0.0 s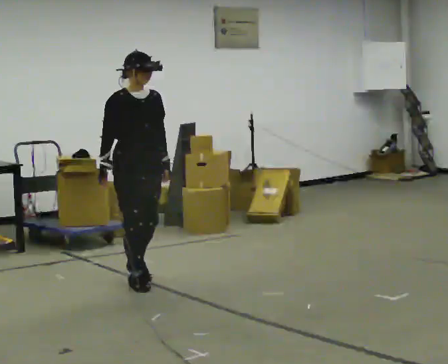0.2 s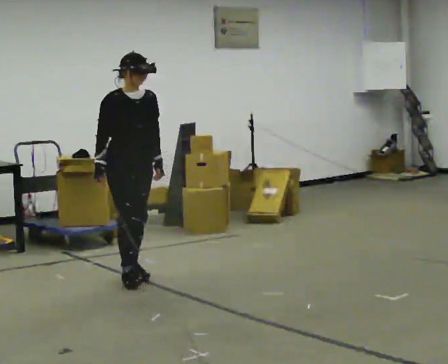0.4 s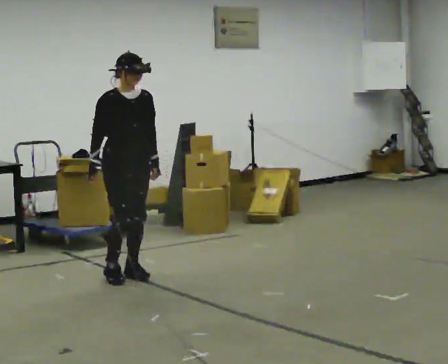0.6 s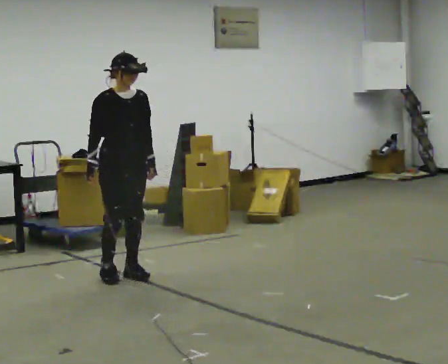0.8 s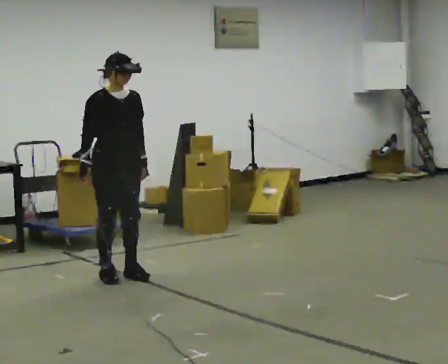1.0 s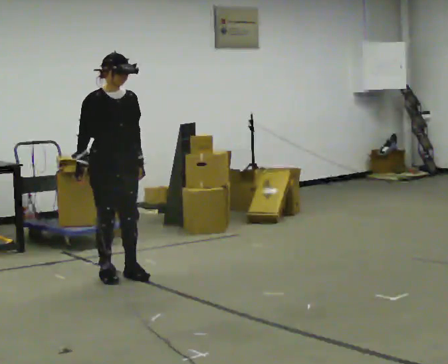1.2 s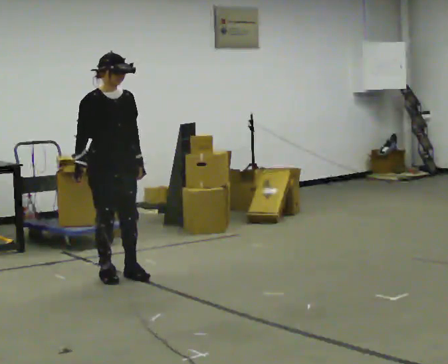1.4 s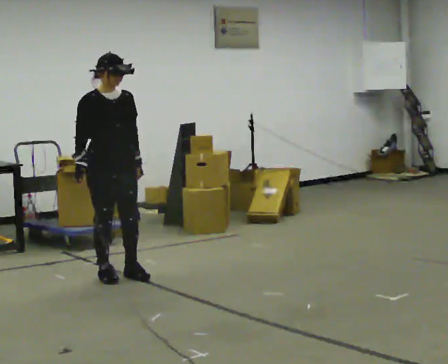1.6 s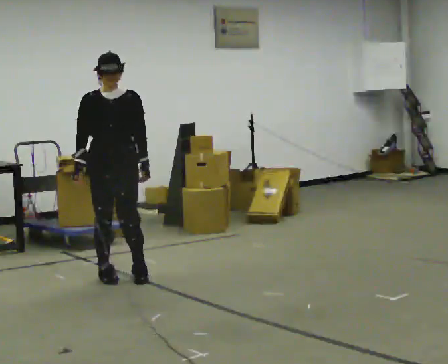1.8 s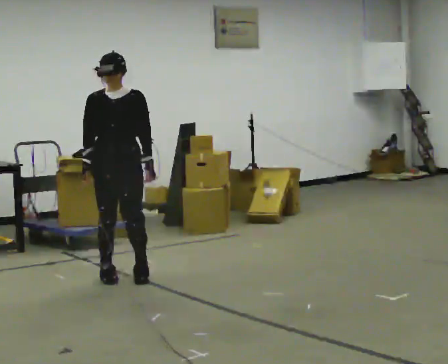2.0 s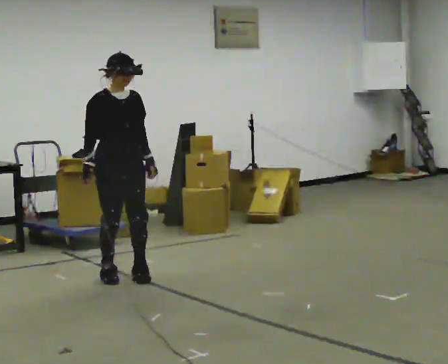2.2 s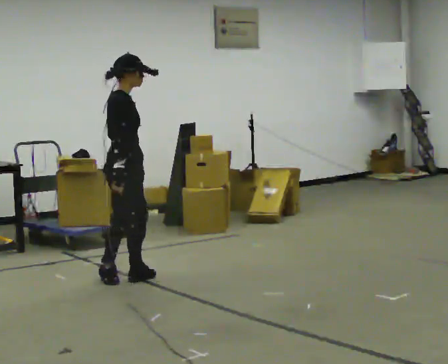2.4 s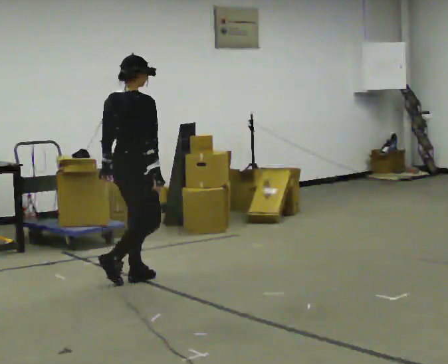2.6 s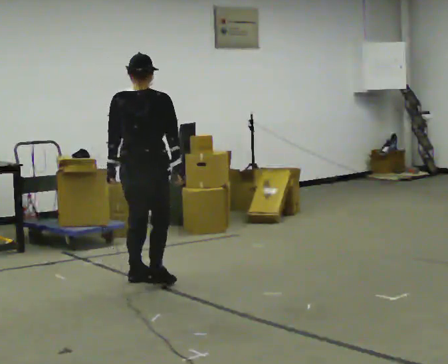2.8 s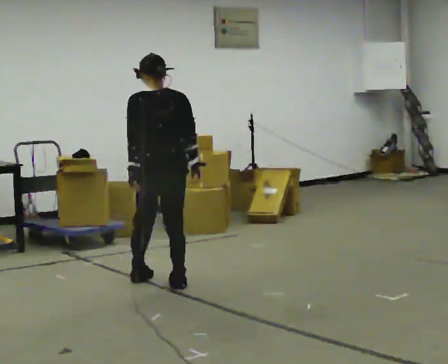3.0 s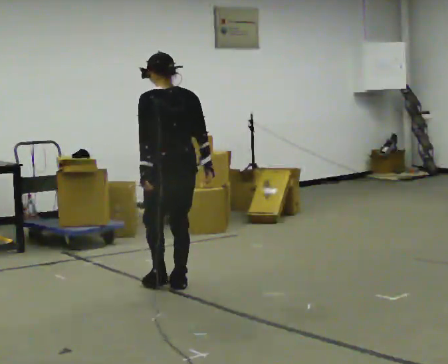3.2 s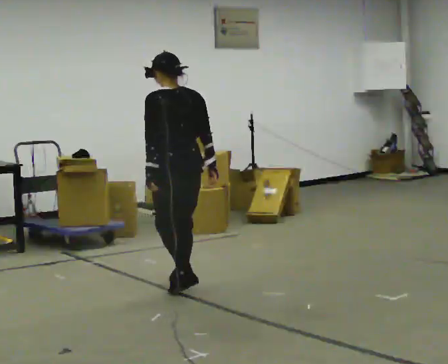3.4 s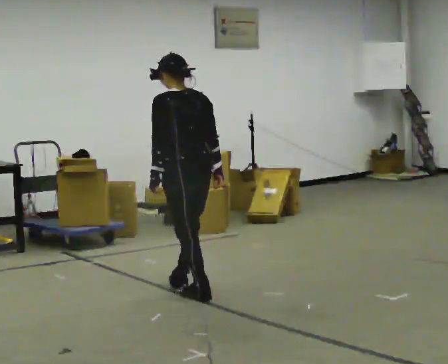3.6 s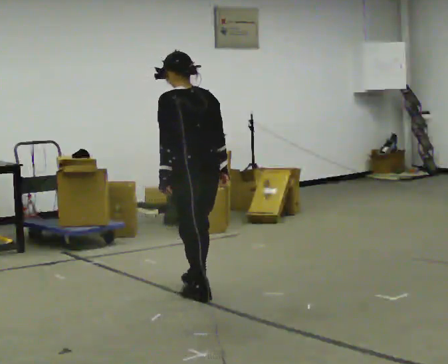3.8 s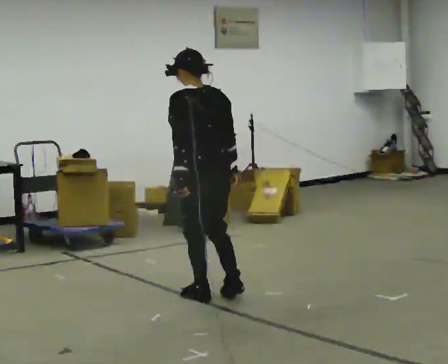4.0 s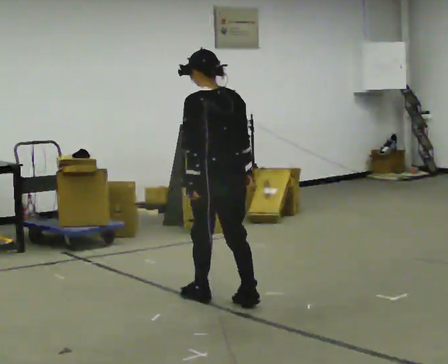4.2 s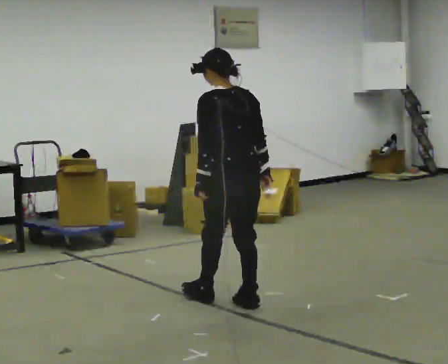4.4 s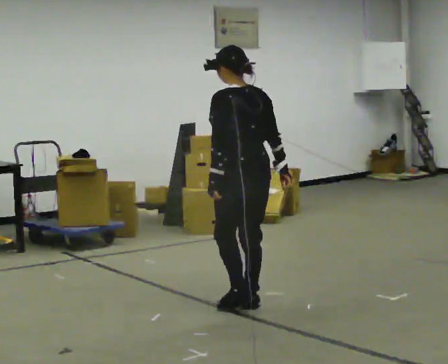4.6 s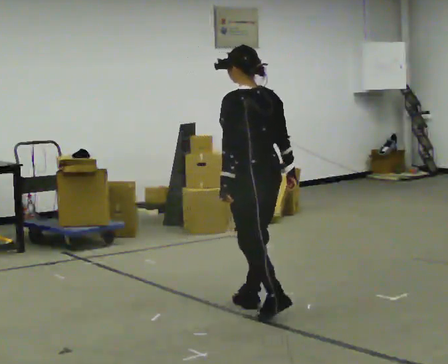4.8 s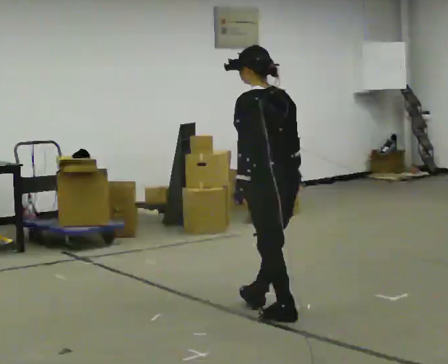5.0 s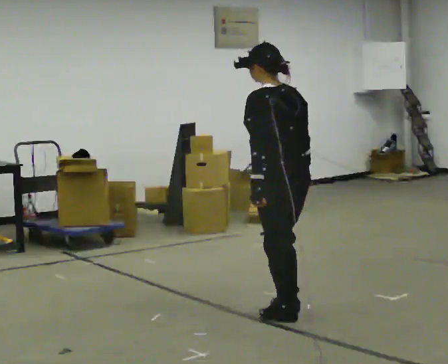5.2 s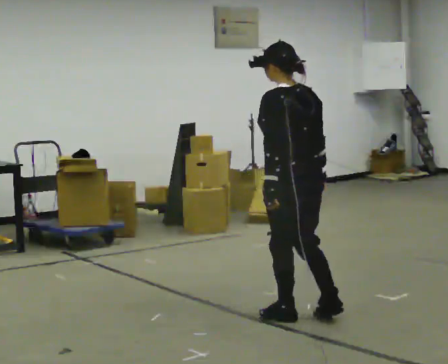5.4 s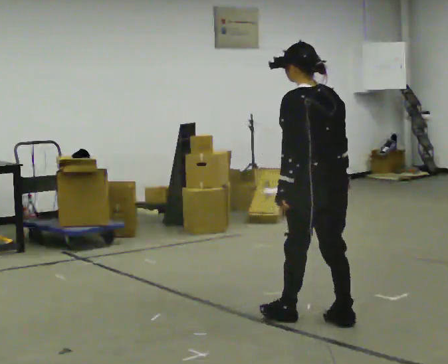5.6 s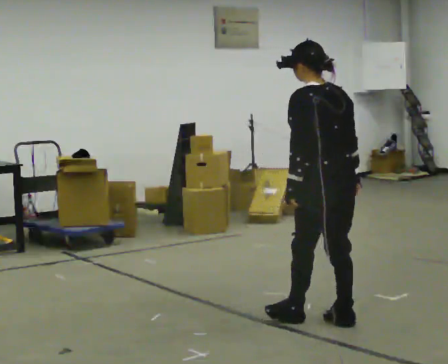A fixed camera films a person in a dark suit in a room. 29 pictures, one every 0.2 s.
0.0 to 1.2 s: In the picture they go to the left, about 0.25 m in 1 step, which for them is backward.
1.2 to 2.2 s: Seen from above the body turns counterclockwise, about 60 degrees: to their left, with its near side sliding to the right.
2.2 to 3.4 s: The part of the body nearest the lens slides to the right as the person turns to their left by about 105 degrees. In the picture they go to the right and toward the camera, about 0.5 m in 2 steps. In the picture the upper body tilts counterclockwise, shoulders to the left.
3.4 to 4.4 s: In the picture they go toward the camera and to the right, about 0.5 m in 1 step, which for them is backward.
4.4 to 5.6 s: In the picture they go toward the camera and to the right, about 0.75 m in 2 steps, which for them is backward.
The film runs forward here.
